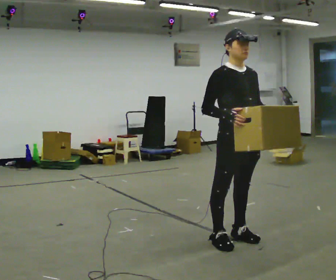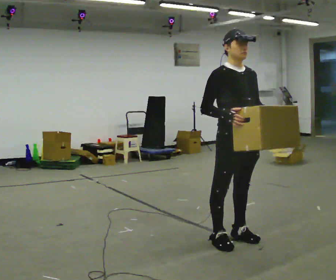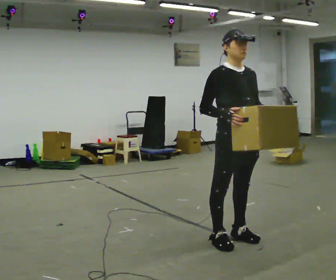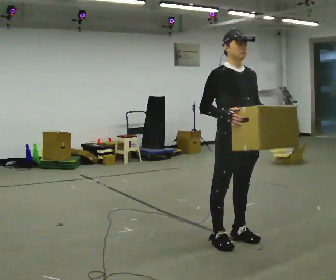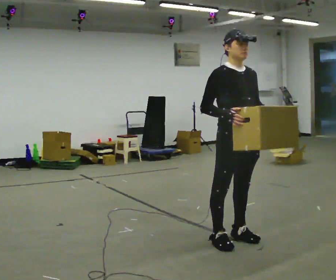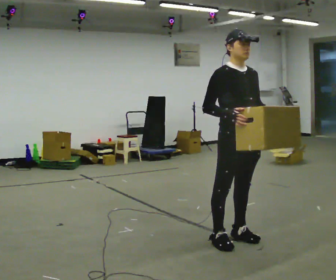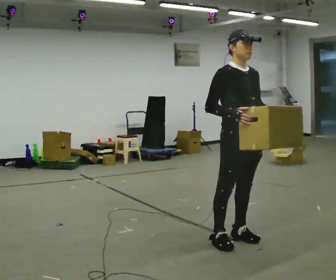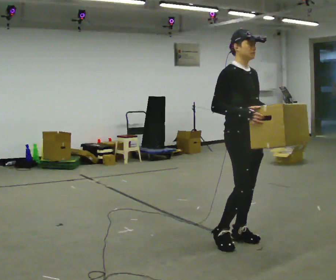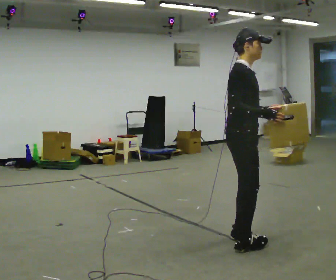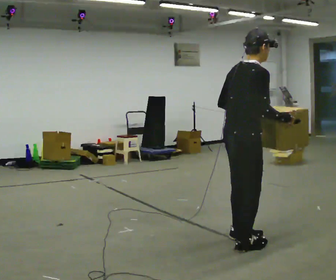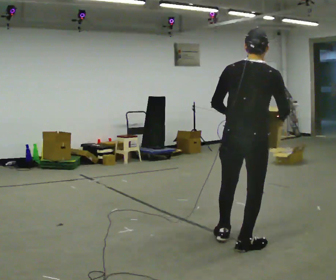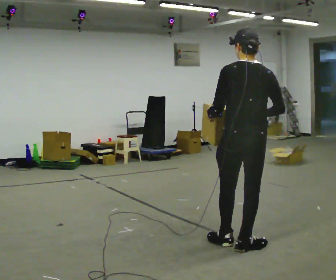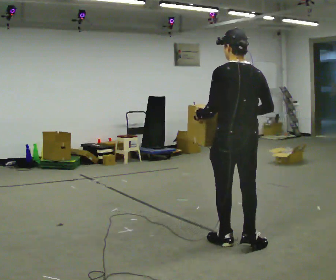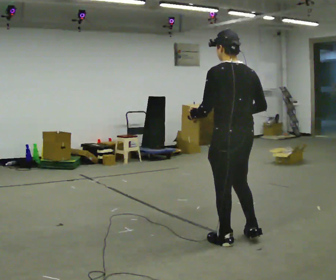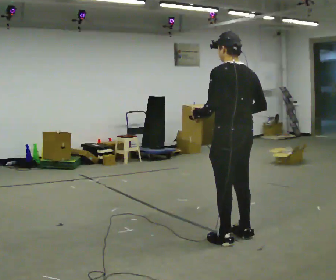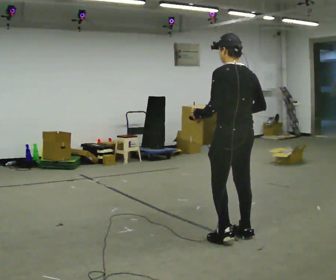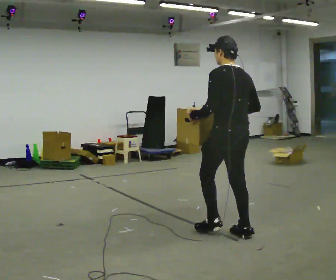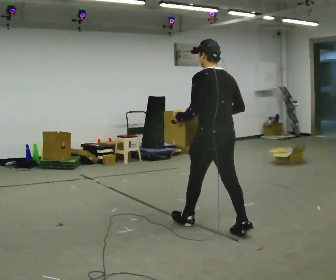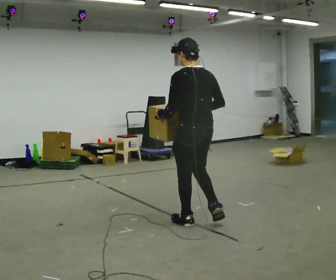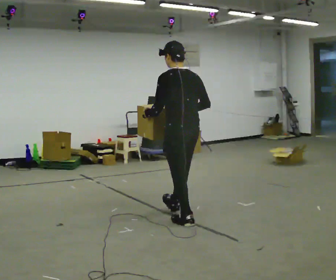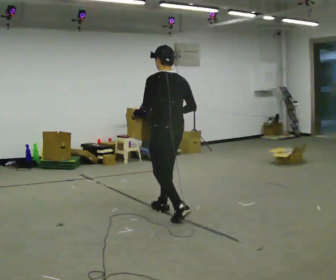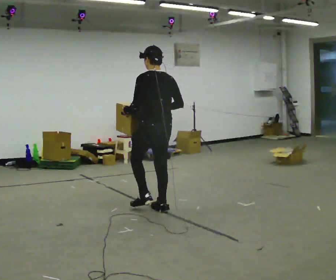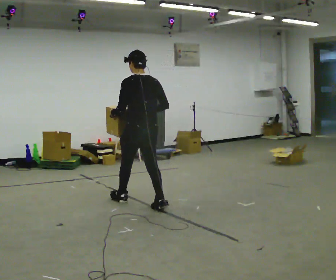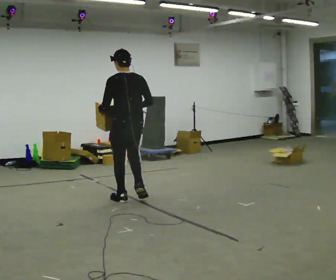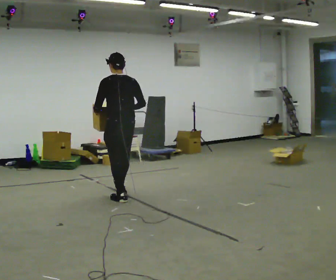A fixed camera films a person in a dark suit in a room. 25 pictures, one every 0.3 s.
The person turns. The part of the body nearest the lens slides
to the right.
The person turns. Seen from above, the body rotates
counterclockwise.
0.0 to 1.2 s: The person keeps their place and pose.
1.2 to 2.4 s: Seen from above the body turns counterclockwise, about 45 degrees: to their left, with its near side sliding to the right.
2.4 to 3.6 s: Seen from above the body turns counterclockwise, about 120 degrees: to their left, with its near side sliding to the right. In the picture their left hand goes to the left.
3.6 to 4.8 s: In the picture they go away from the camera, about 0.25 m in 1 step, which for them is forward and to their right.
4.8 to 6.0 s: In the picture they go away from the camera and to the left, about 1 m in 2 steps, which for them is forward.
6.0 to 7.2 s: In the picture they go away from the camera and to the left, about 1 m in 1 step, which for them is forward.
The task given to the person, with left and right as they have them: Carry the box in both hands and walk back and forth across the room. The contents may move around. Carry on as best you can.
The film runs forward here.
